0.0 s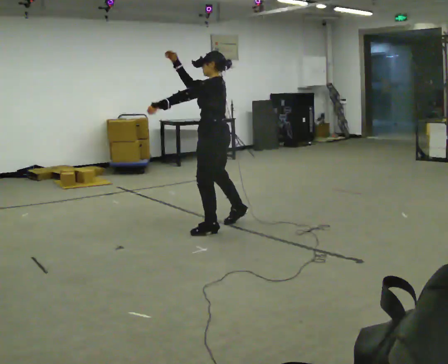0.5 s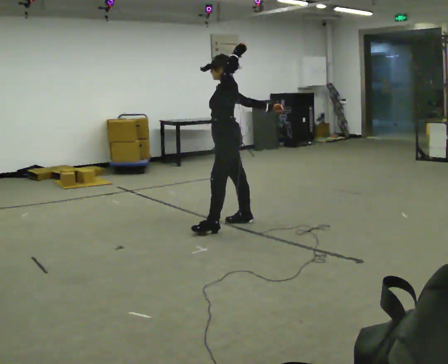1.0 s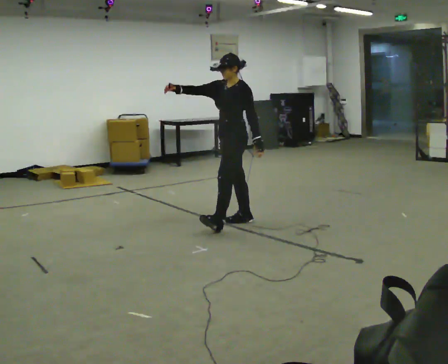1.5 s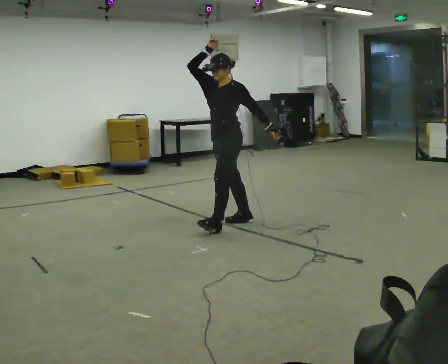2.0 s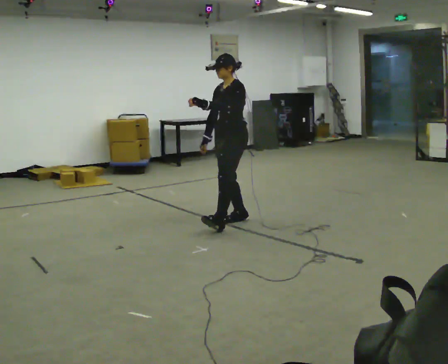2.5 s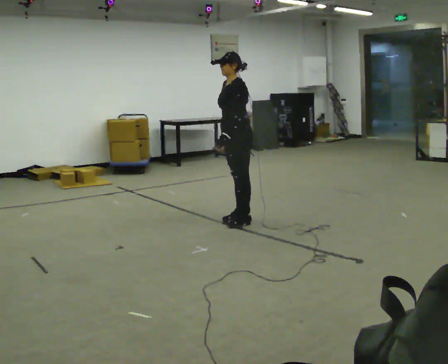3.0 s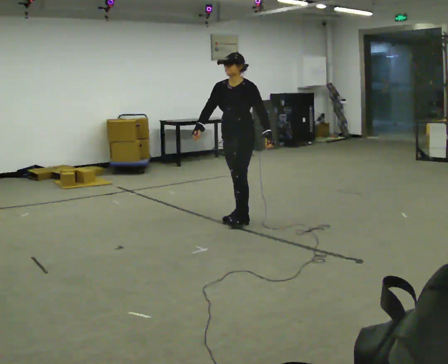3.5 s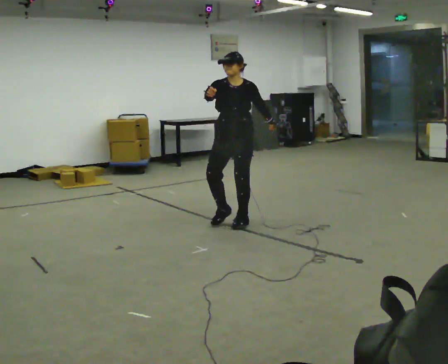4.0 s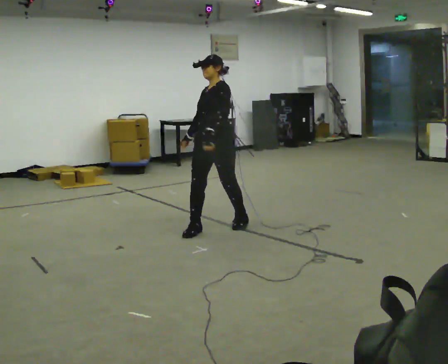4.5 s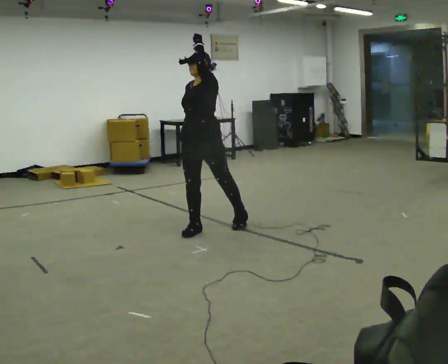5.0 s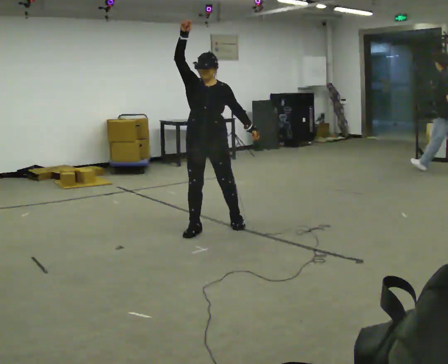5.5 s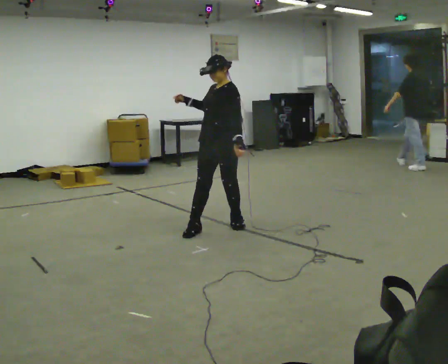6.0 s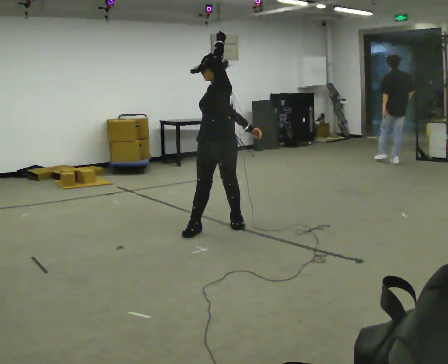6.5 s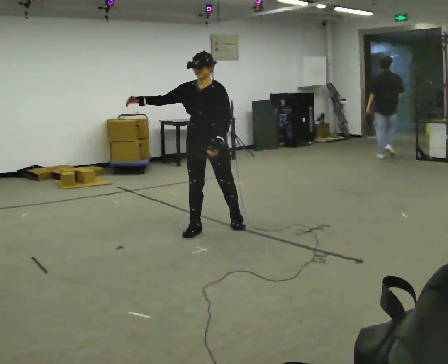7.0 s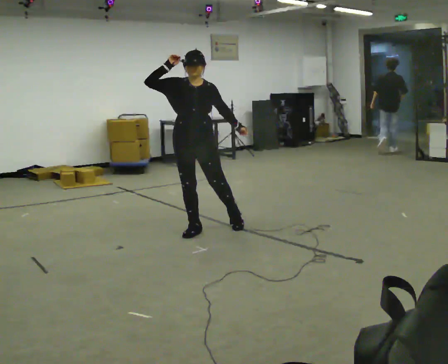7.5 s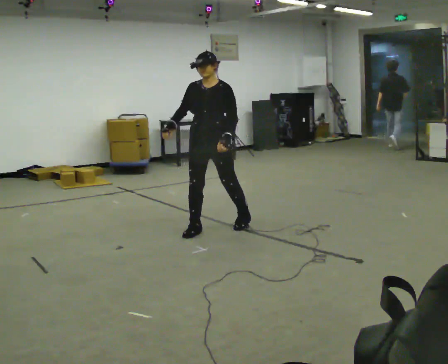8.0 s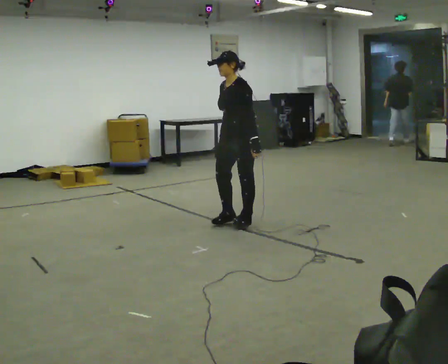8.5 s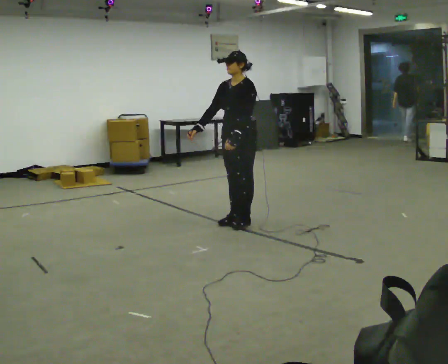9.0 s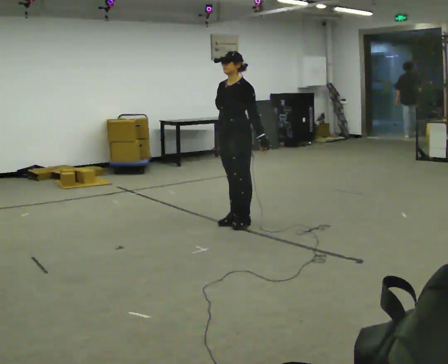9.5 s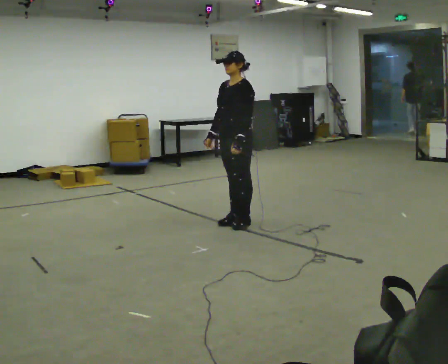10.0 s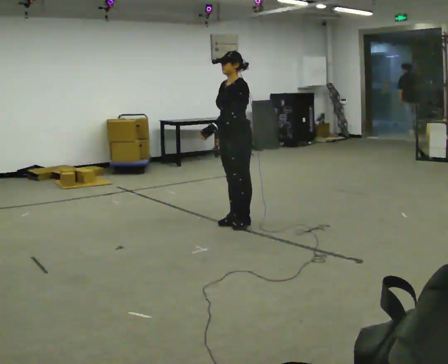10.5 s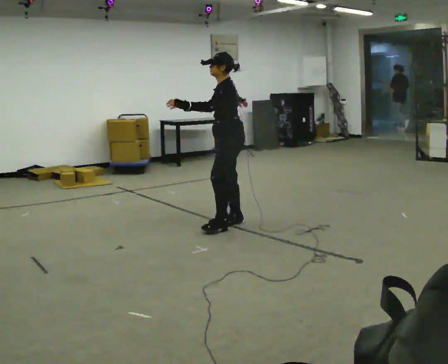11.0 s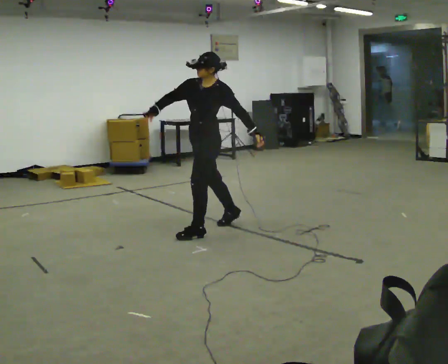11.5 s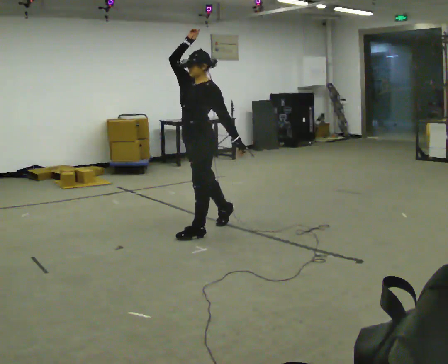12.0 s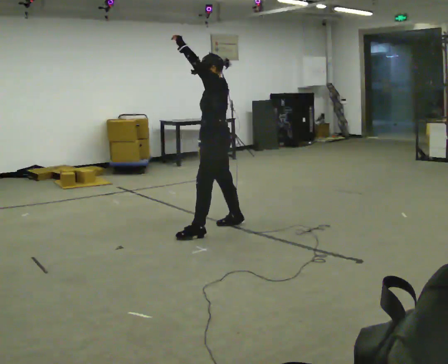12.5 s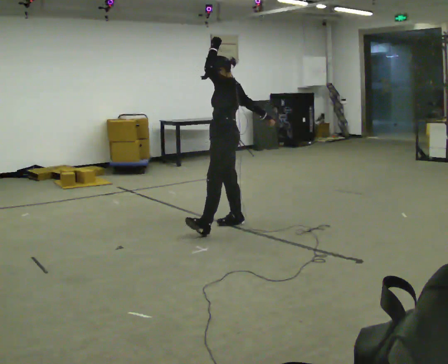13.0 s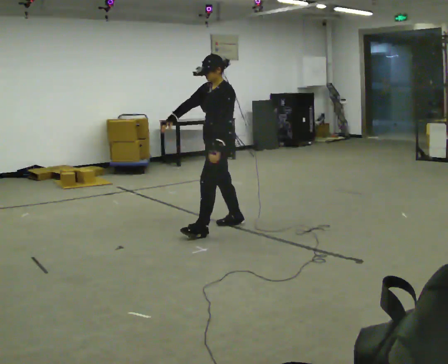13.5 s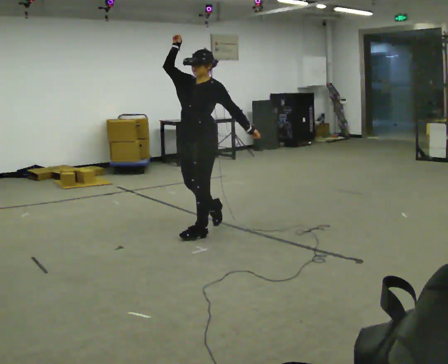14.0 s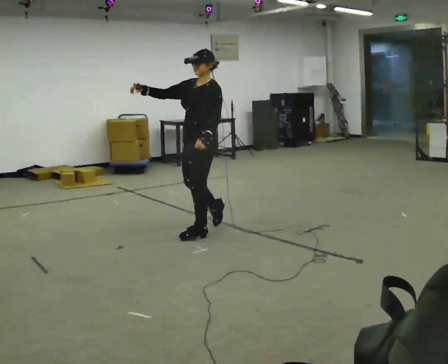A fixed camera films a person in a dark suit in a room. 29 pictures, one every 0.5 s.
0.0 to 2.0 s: The person turns about 30 degrees to their left, counterclockwise seen from above, so the part of the body nearest the lens slides to the right. In the picture they go away from the camera and to the right, about 0.25 m, which for them is backward and to their right. In the picture their right hand goes downward.
2.0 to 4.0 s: In the picture they go toward the camera and to the left, about 0.25 m in 2 steps.
4.0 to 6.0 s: In the picture their left hand goes upward.
6.0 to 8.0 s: In the picture they go to the right, about 0.25 m, which for them is to their left. In the picture their left hand goes downward.
8.0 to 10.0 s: In the picture their left hand goes to the left.
10.0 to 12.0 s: The part of the body nearest the lens slides to the left as the person turns to their right by about 30 degrees. In the picture they go to the left and toward the camera, about 0.25 m in 1 step, which for them is forward. In the picture their left hand goes upward.
12.0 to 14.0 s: Seen from above the body turns counterclockwise, about 30 degrees: to their left, with its near side sliding to the right. In the picture their left hand goes downward.
The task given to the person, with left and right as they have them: Move however you like, changing style and tempo as you go; keep moving continuously.
The film runs forward here.
